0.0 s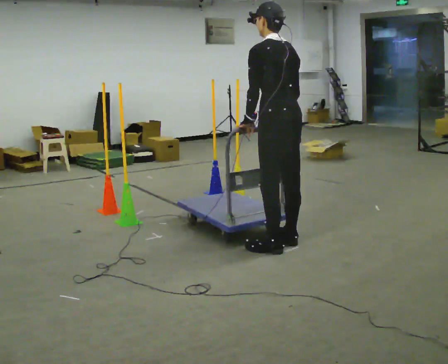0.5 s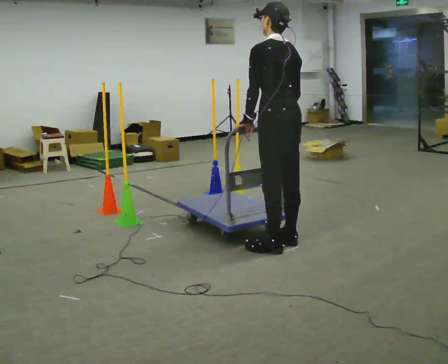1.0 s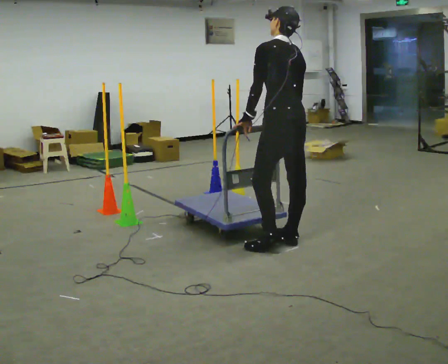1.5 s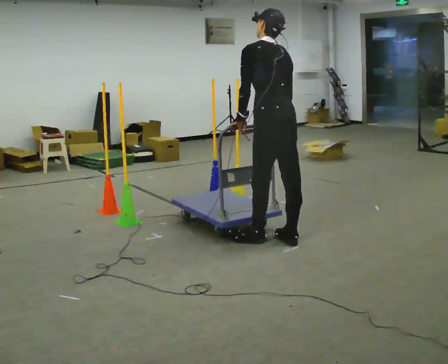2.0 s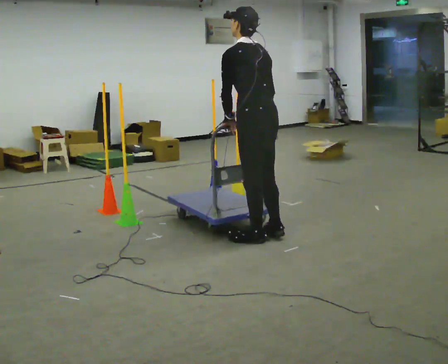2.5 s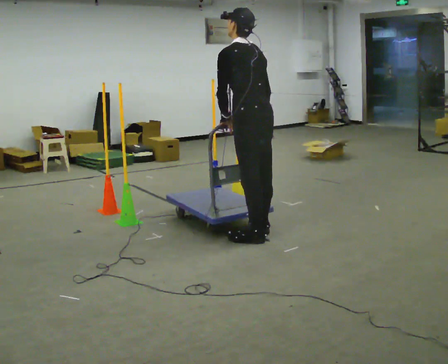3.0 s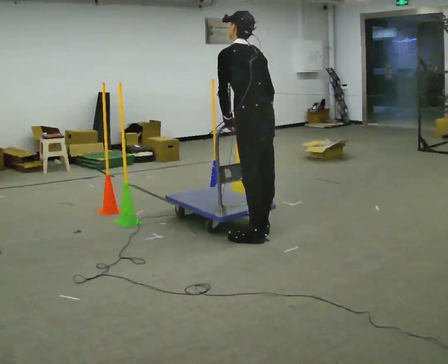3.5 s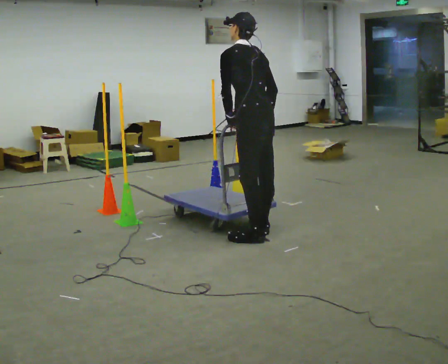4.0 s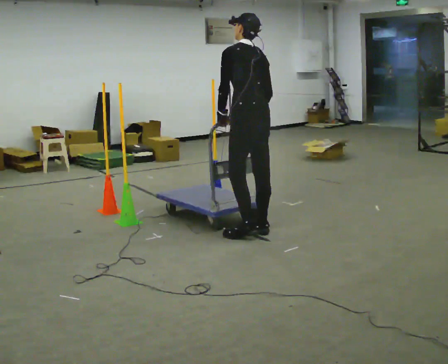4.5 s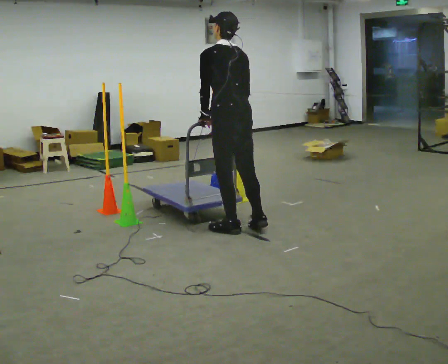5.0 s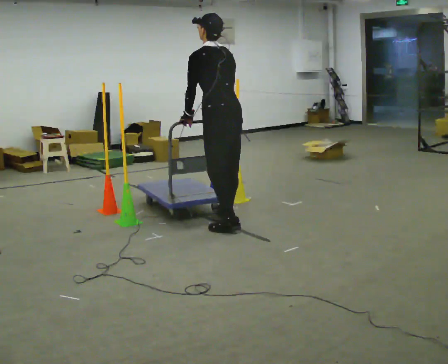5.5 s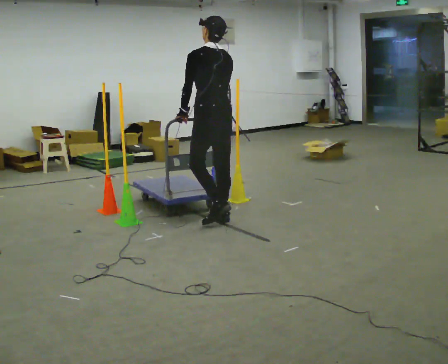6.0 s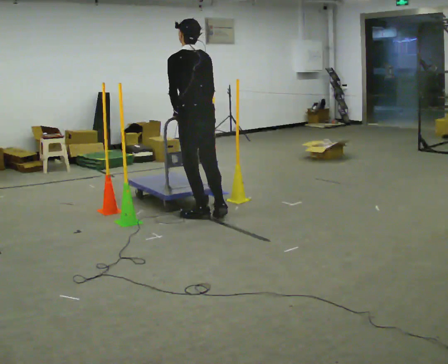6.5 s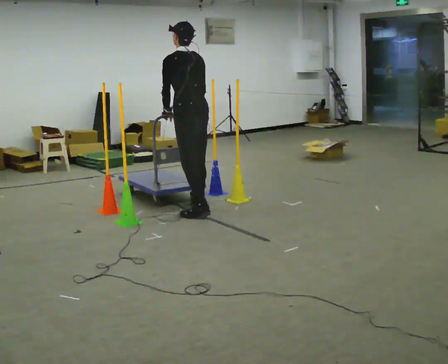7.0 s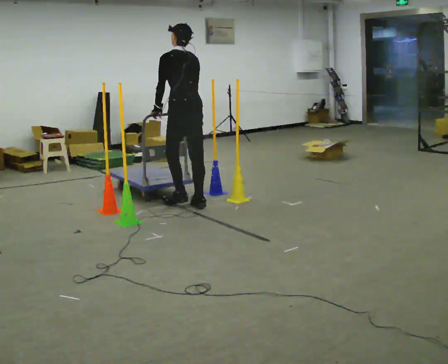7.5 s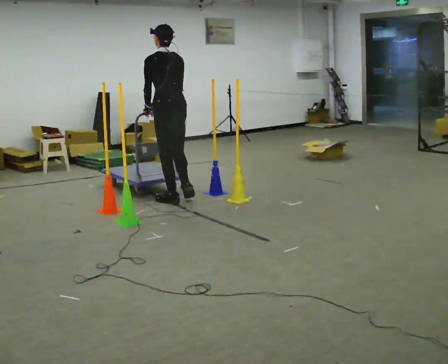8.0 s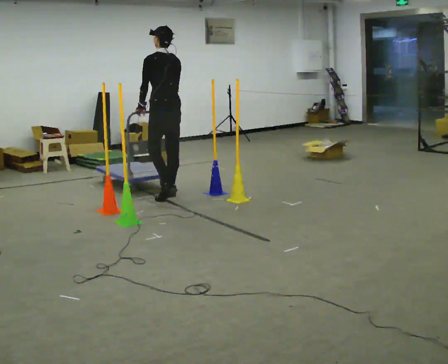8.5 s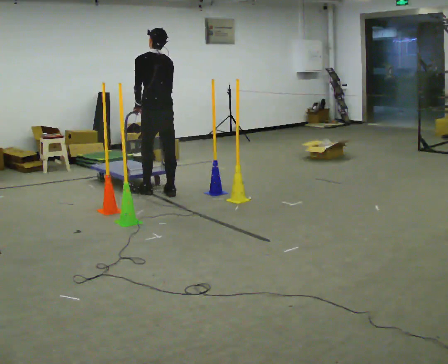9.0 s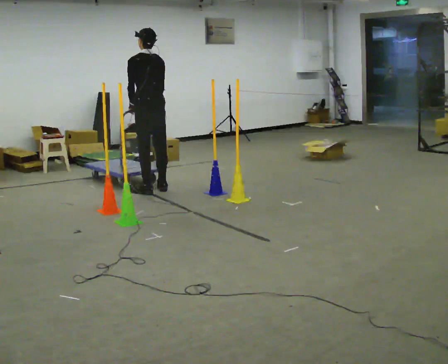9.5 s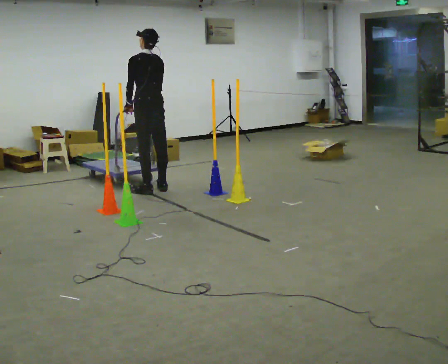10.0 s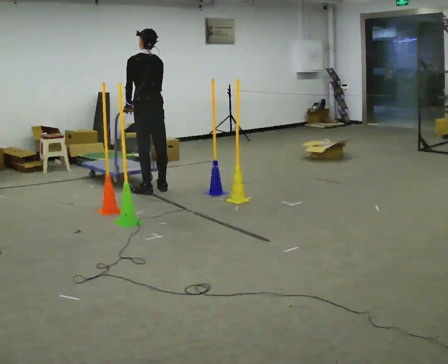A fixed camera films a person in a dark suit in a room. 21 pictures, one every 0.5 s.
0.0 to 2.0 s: In the picture they go to the left and away from the camera, about 0.25 m in 1 step, which for them is forward.
2.0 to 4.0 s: In the picture they go away from the camera, about 0.25 m in 1 step, which for them is forward and to their right.
4.0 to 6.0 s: In the picture they go to the left and away from the camera, about 0.75 m in 3 steps, which for them is forward.
6.0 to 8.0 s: In the picture they go away from the camera and to the left, about 1 m in 3 steps, which for them is forward.
8.0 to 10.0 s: In the picture they go to the left and away from the camera, about 0.25 m in 2 steps, which for them is forward.
The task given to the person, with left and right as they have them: Push the cart in and out of the line of poles without touching any of them. Keep going until the operator says stop.
The film runs forward here.
